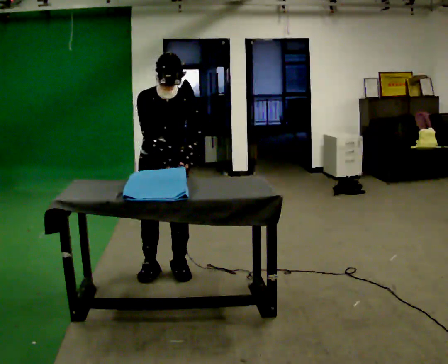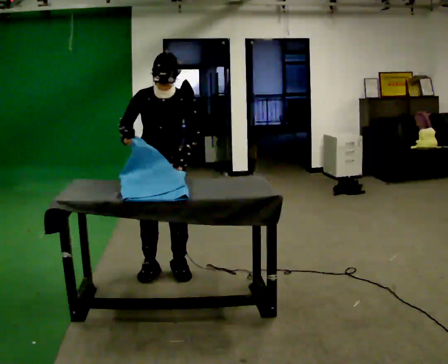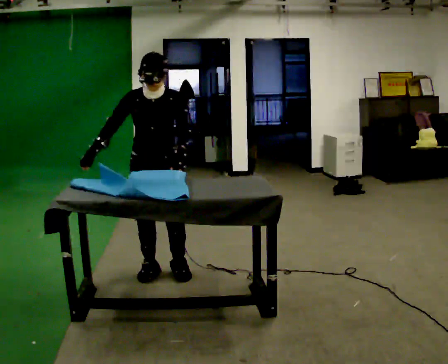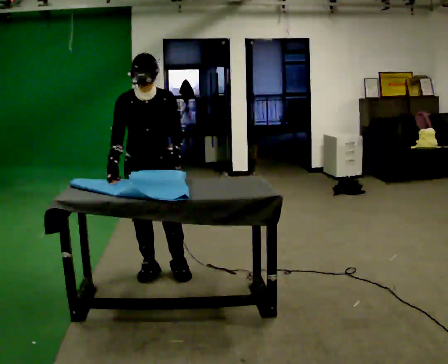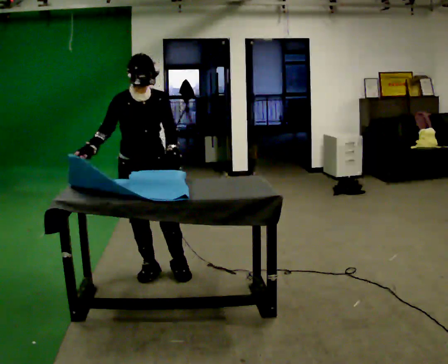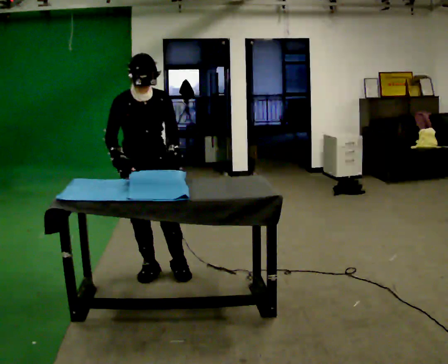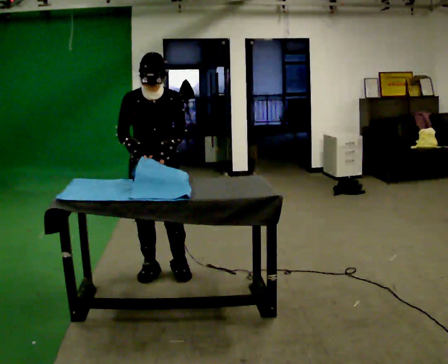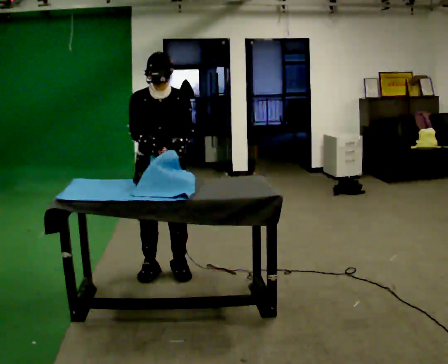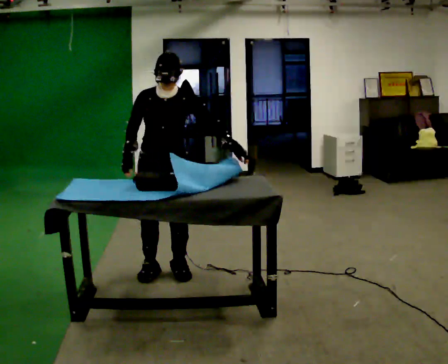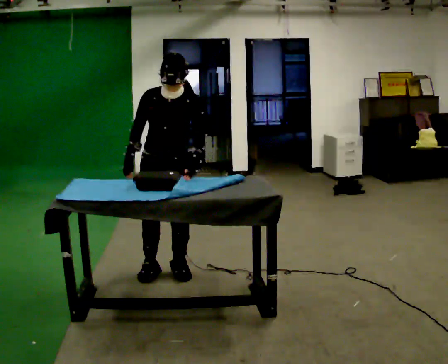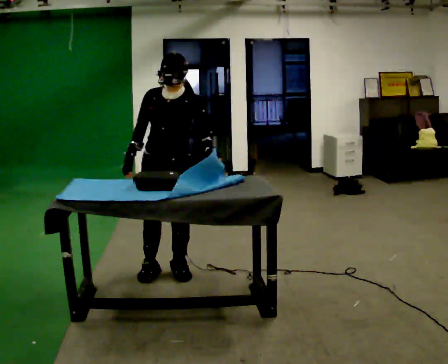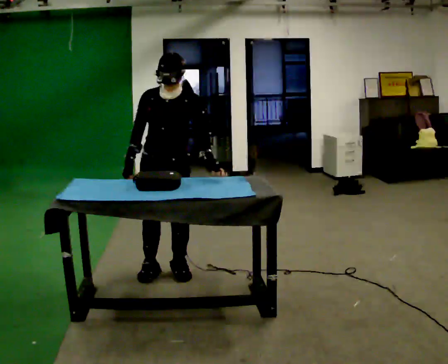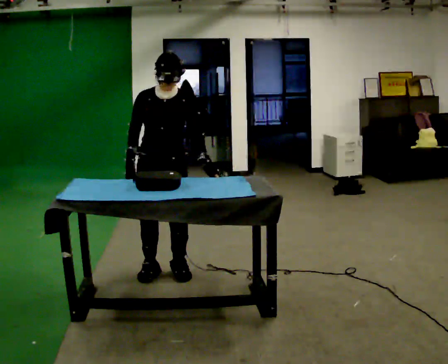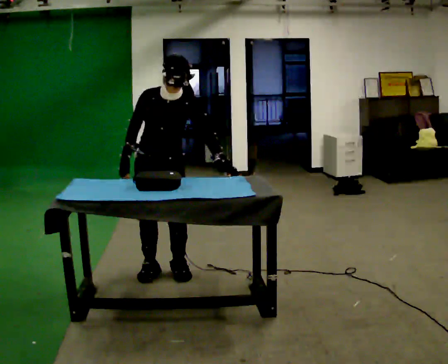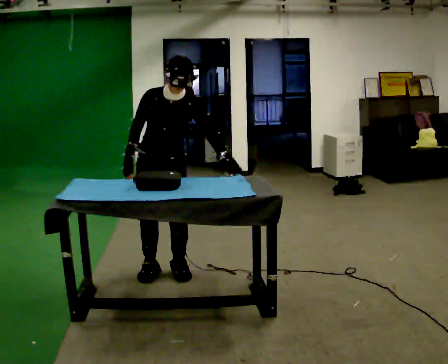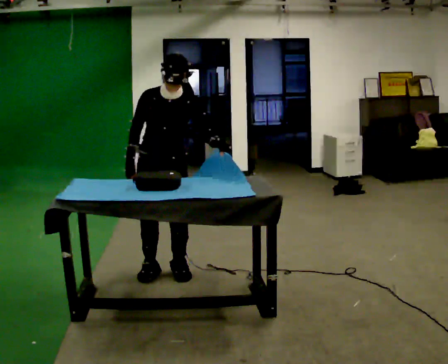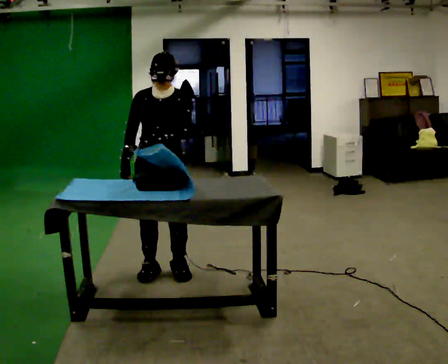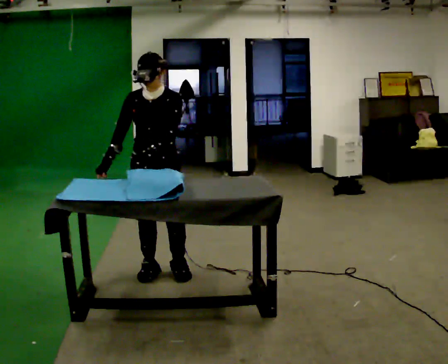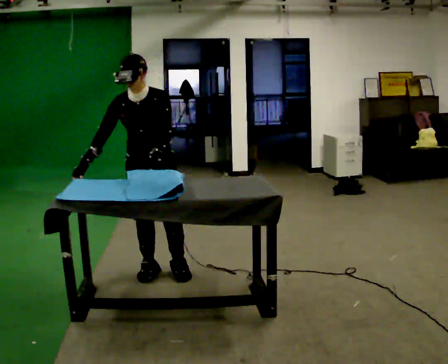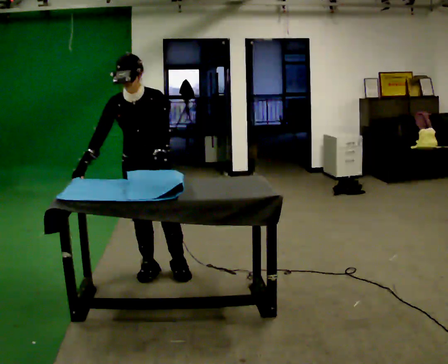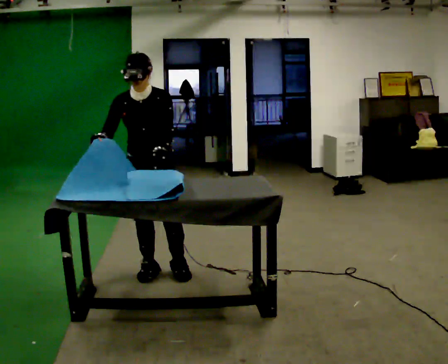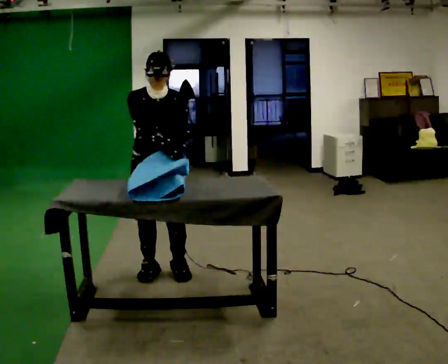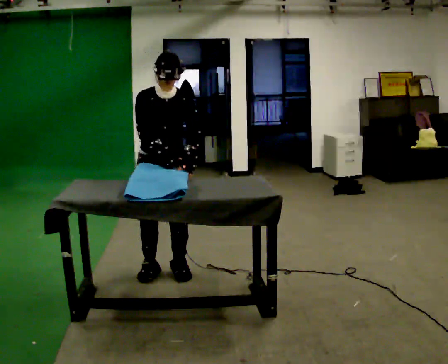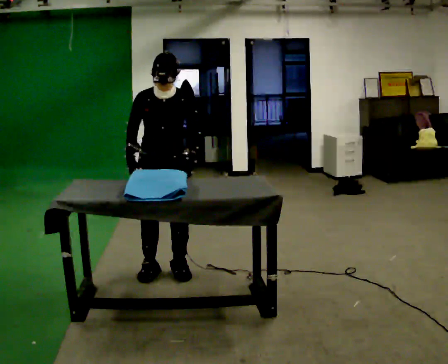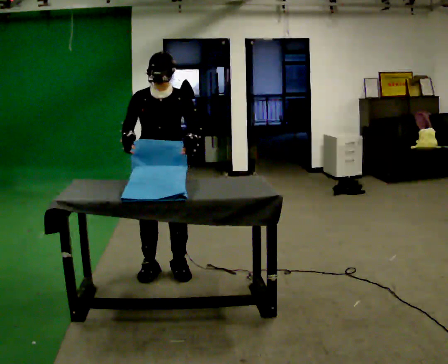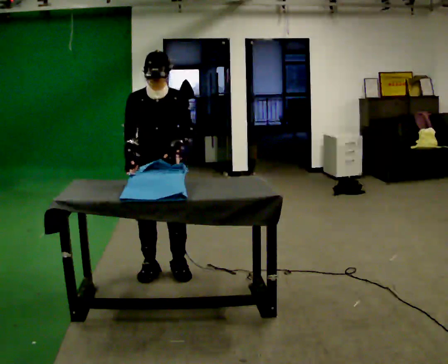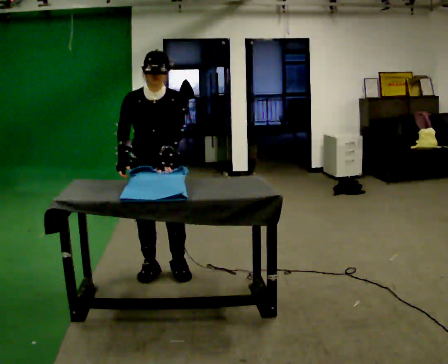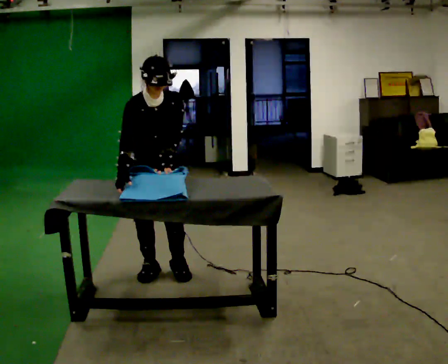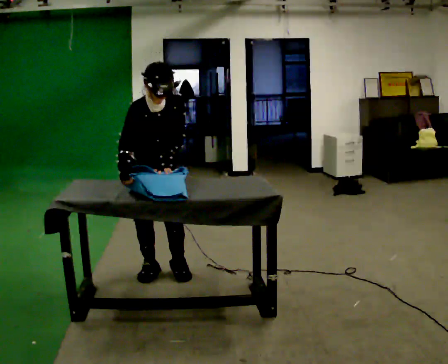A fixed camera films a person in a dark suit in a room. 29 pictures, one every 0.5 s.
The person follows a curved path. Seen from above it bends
clockwise.
0.0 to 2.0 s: In the picture they go to the left, about 0.25 m, which for them is to their right. In the picture their right hand goes to the left.
2.0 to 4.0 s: In the picture they go to the right, about 0.25 m, which for them is to their left.
4.0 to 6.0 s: The person moves a little, or ends about where they began.
6.0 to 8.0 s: In the picture their left hand goes to the left.
8.0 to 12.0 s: The person moves a little, or ends about where they began.
12.0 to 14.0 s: The upper body tips toward the camera, its near side rolling downward, as they bend forward.
The film runs forward here.
